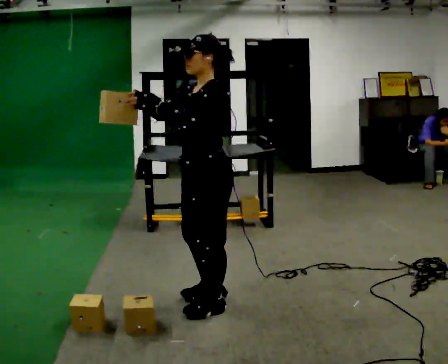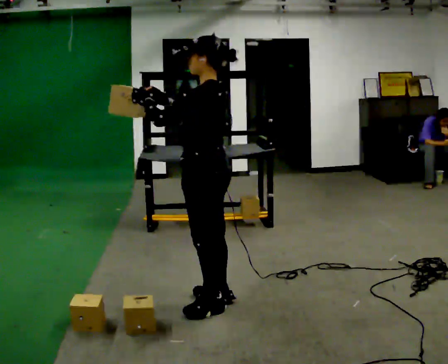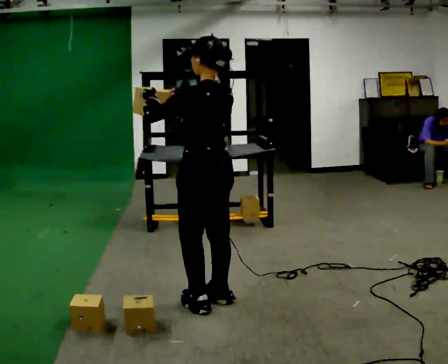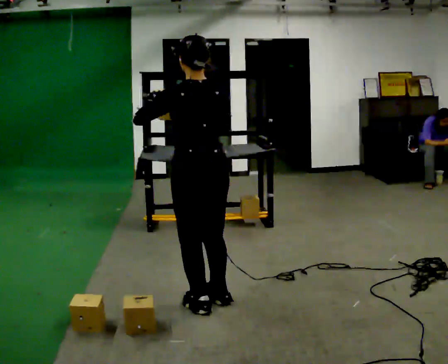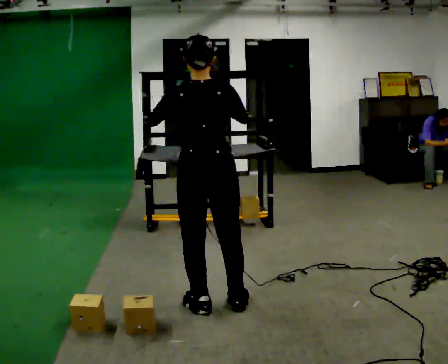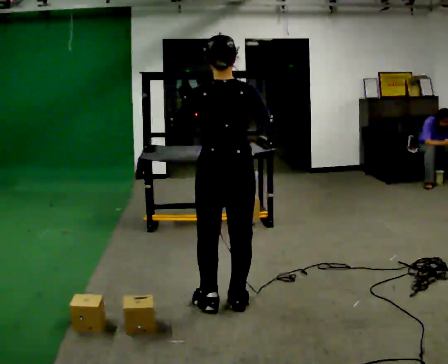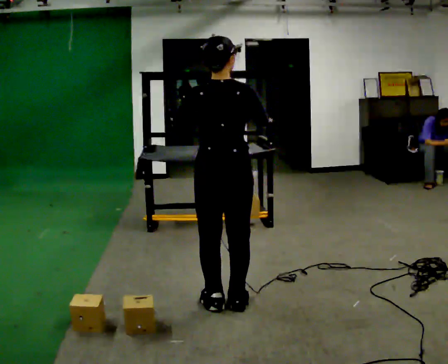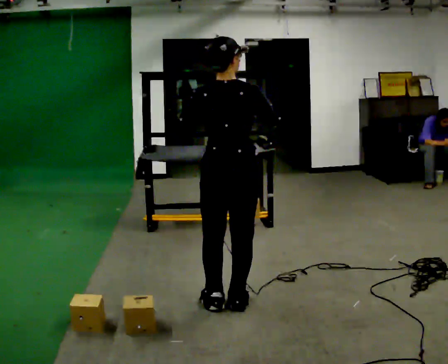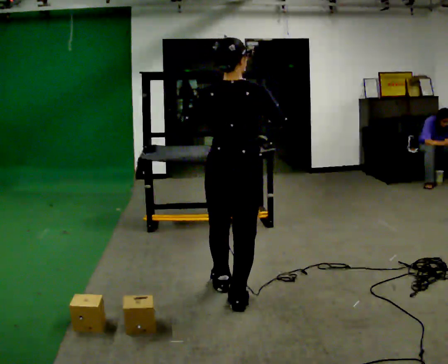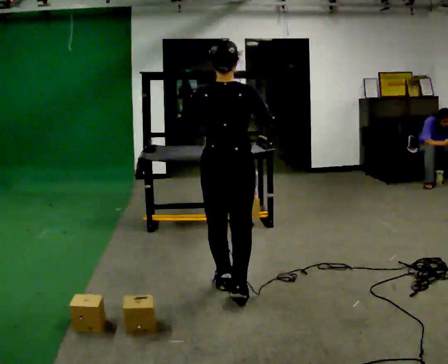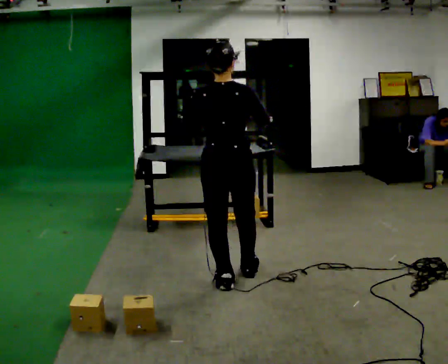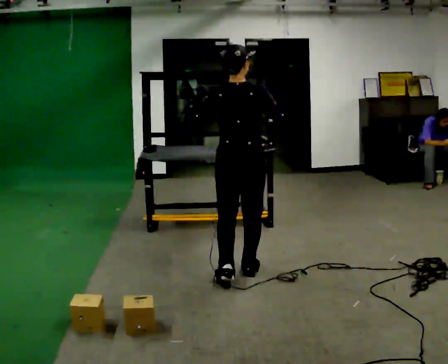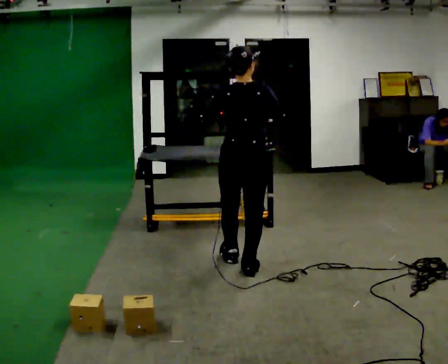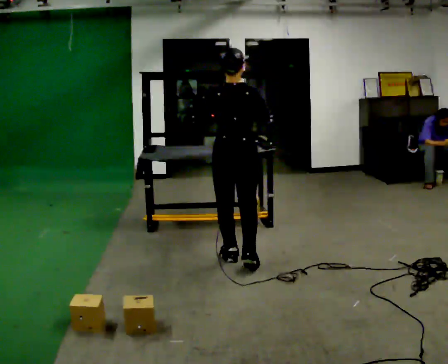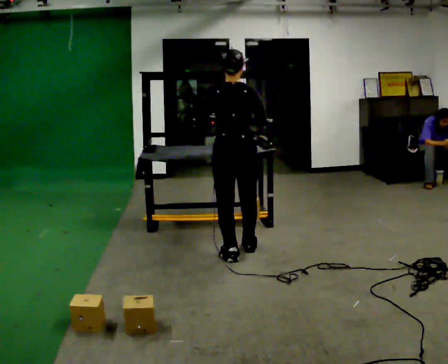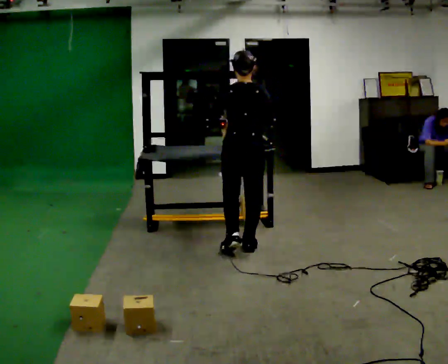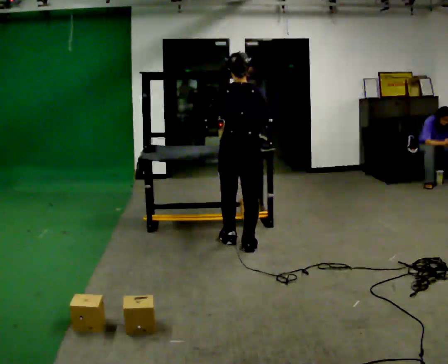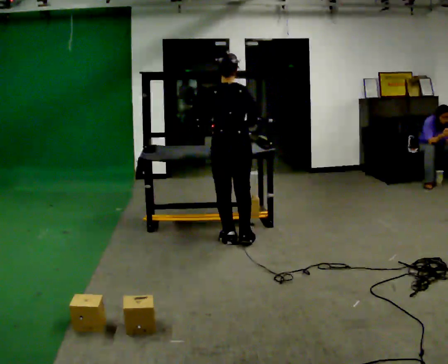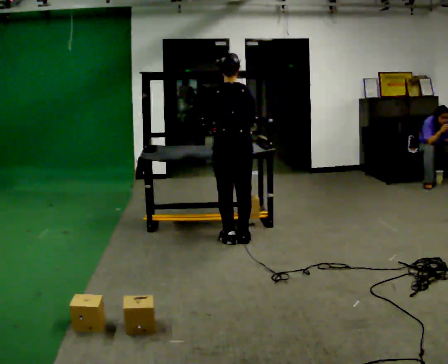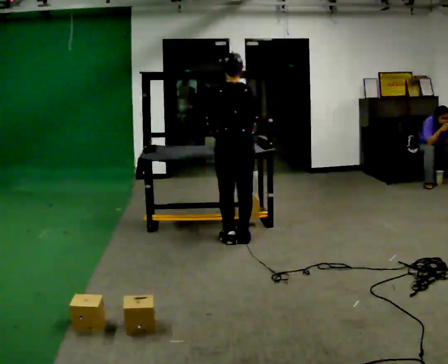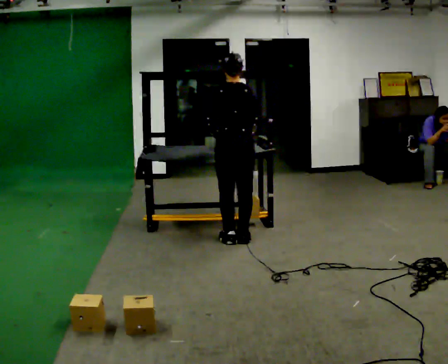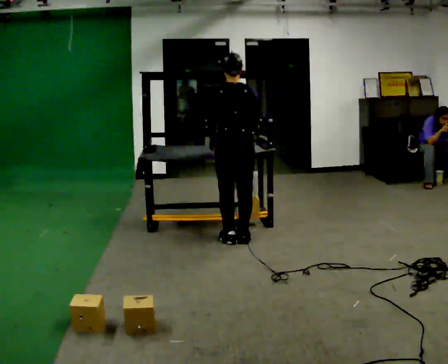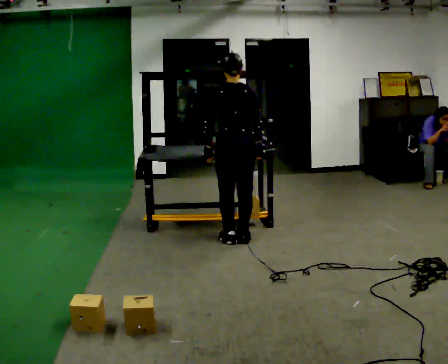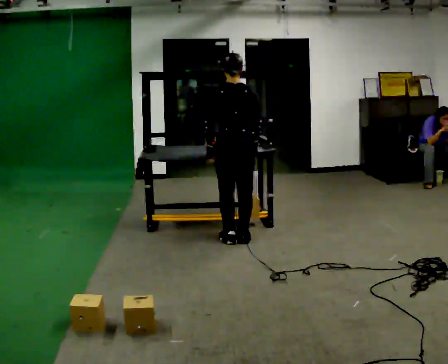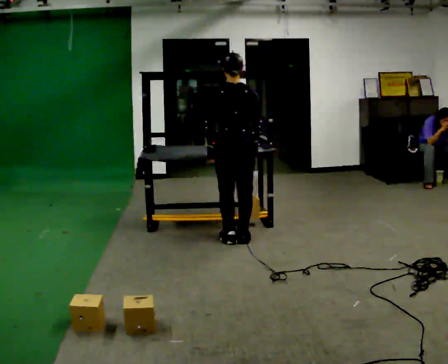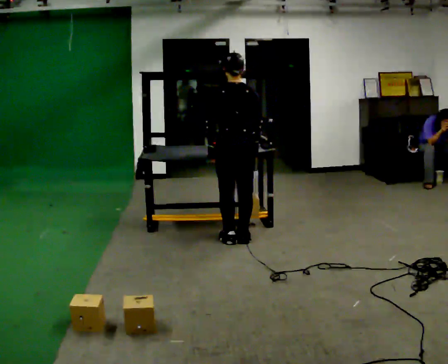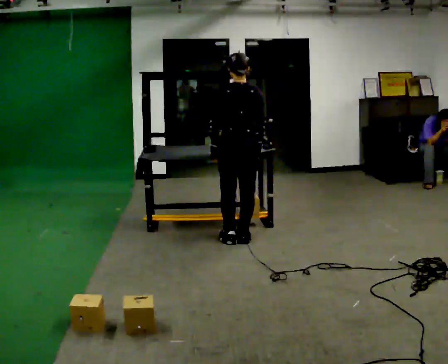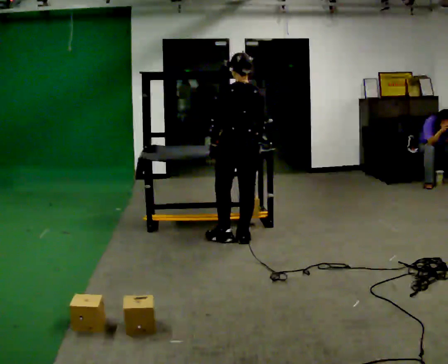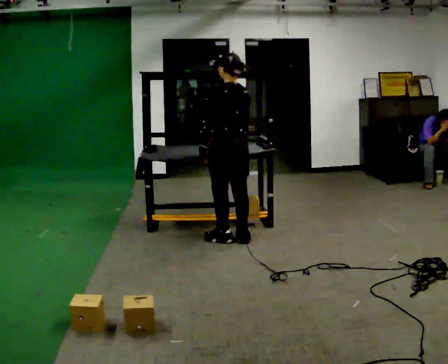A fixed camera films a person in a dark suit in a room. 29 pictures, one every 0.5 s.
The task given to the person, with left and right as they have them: 1. The operator will tell you the shelf is already sorted and just needs moving to the table. 2. Do what you think is right. 3. Tell the operator when you are finished.
0.0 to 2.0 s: The person turns about 105 degrees to their right, clockwise seen from above, so the part of the body nearest the lens slides to the left. In the picture their right hand goes to the right.
2.0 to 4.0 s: The person moves a little, or ends about where they began.
4.0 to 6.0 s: In the picture they go away from the camera, about 0.5 m in 2 steps, which for them is forward.
6.0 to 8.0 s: In the picture they go away from the camera, about 0.5 m in 3 steps, which for them is forward.
8.0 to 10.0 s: In the picture they go away from the camera, about 0.25 m in 1 step, which for them is forward.
10.0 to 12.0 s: The person moves a little, or ends about where they began.
12.0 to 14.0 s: The part of the body nearest the lens slides to the right as the person turns to their left by about 30 degrees.
The film runs forward here.
